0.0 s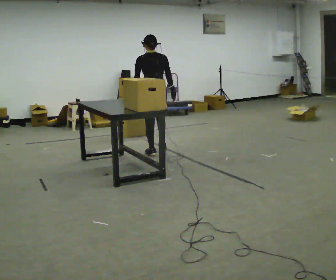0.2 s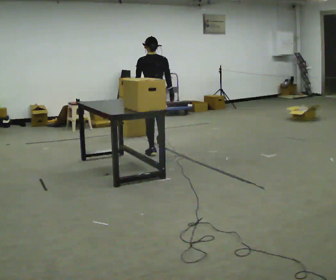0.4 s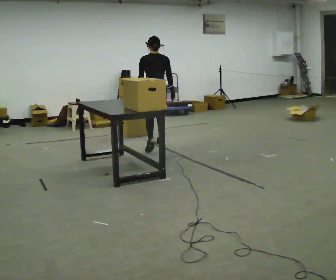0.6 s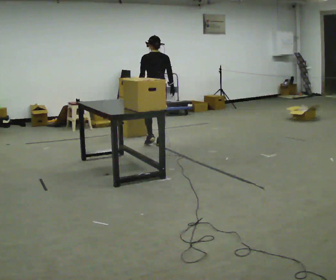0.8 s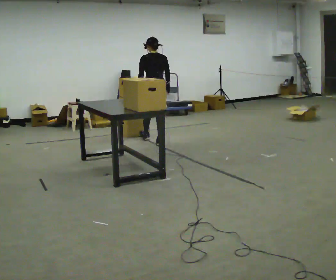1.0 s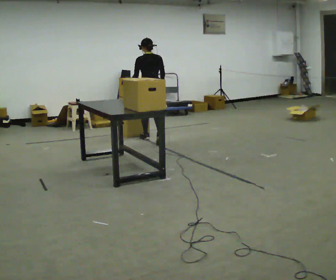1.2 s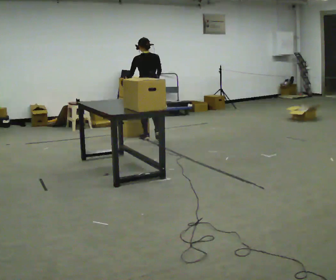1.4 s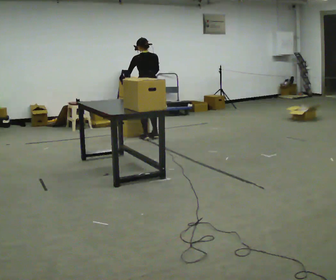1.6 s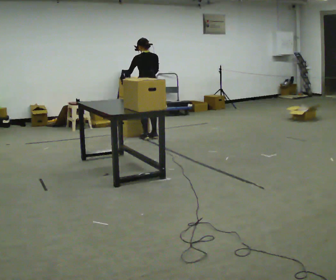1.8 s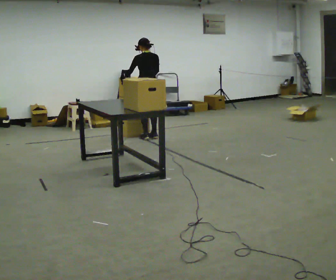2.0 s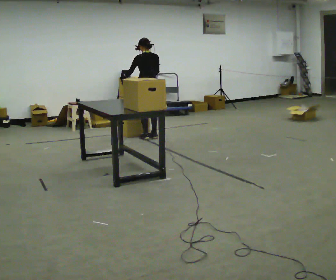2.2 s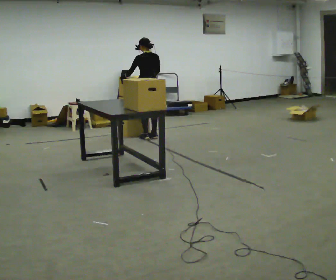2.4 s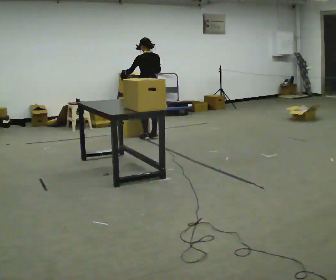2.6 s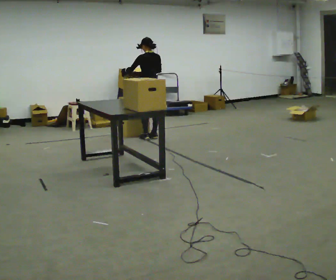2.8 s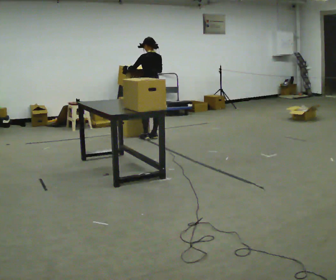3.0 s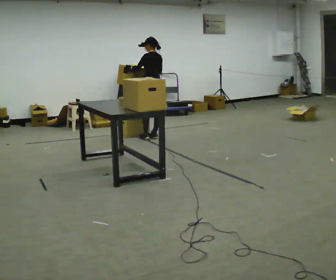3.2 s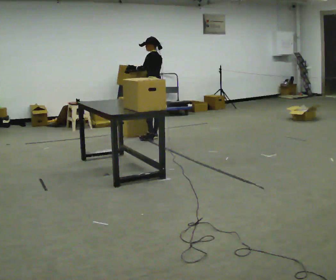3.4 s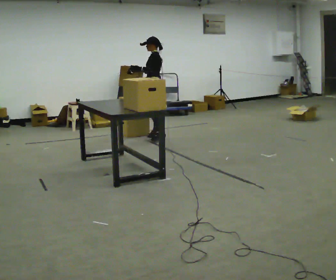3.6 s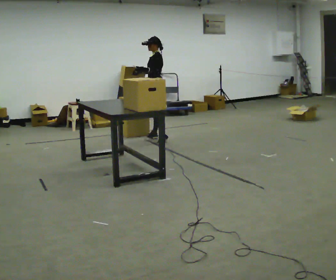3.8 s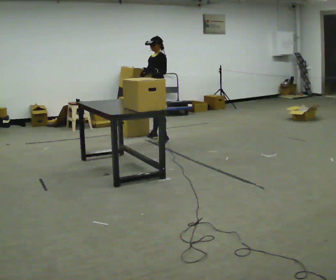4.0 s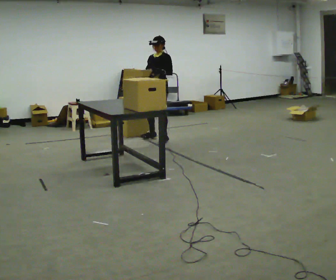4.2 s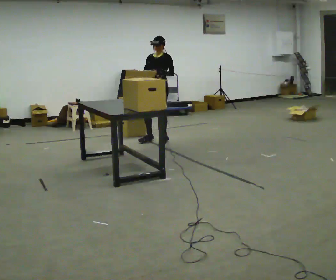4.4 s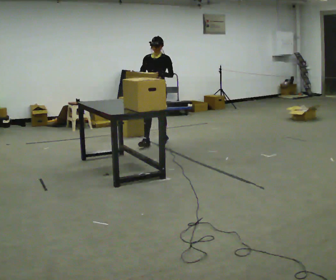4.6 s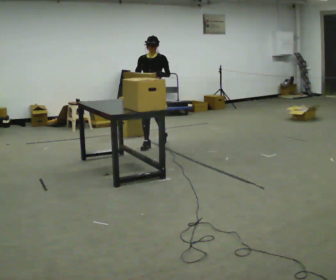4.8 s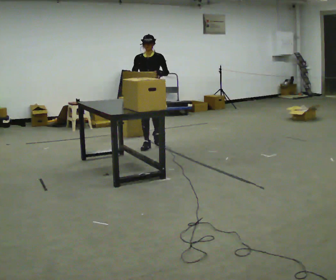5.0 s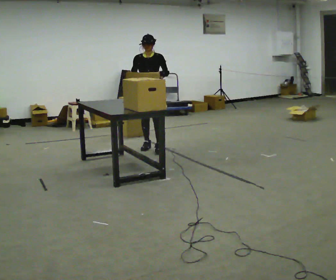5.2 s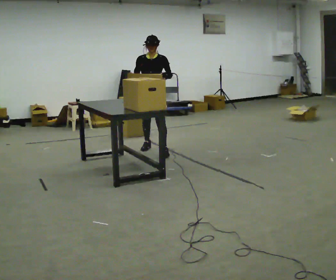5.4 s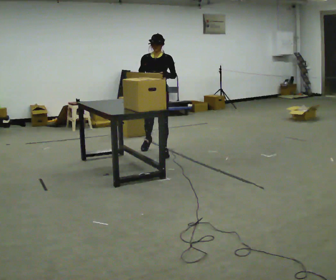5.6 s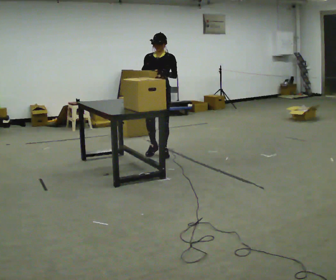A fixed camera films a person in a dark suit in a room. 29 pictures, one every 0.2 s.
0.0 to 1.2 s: In the picture they go away from the camera, about 1 m in 2 steps, which for them is forward.
1.2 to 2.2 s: The person moves a little, or ends about where they began.
2.2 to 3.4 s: The person turns about 45 degrees to their left, counterclockwise seen from above, so the part of the body nearest the lens slides to the right.
3.4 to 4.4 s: The part of the body nearest the lens slides to the right as the person turns to their left by about 75 degrees. In the picture they go toward the camera, about 0.25 m in 1 step.
4.4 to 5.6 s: In the picture they go toward the camera, about 0.5 m in 2 steps, which for them is forward.
The film runs forward here.
